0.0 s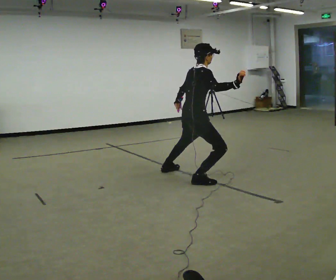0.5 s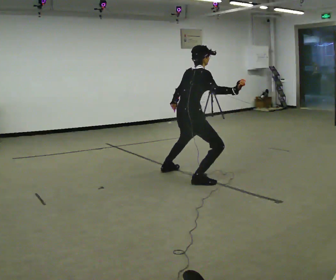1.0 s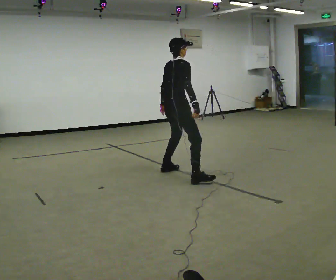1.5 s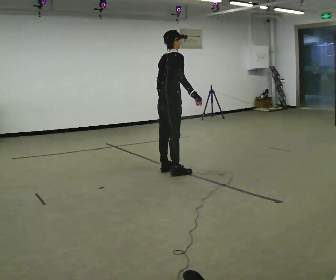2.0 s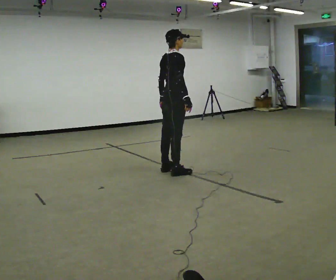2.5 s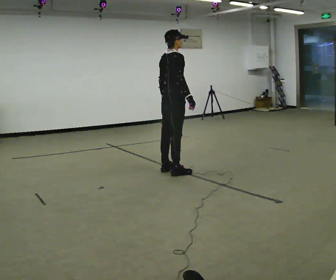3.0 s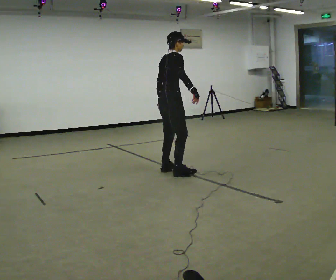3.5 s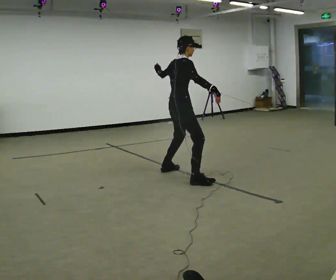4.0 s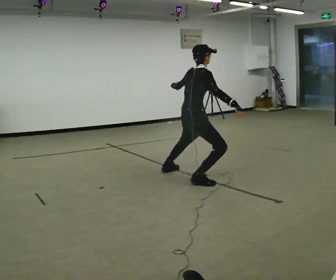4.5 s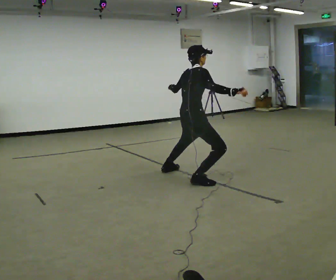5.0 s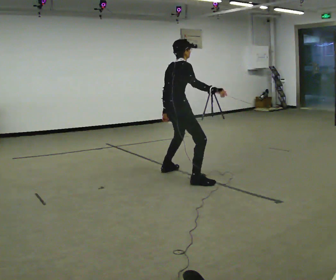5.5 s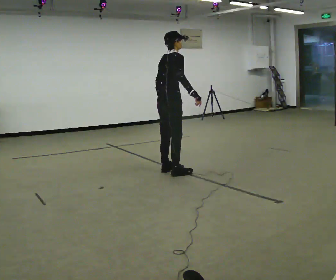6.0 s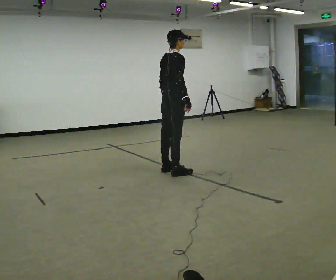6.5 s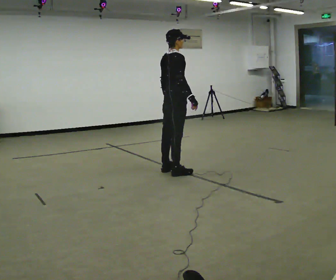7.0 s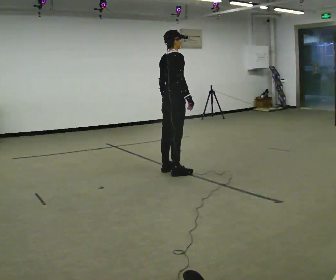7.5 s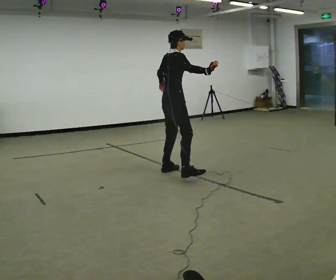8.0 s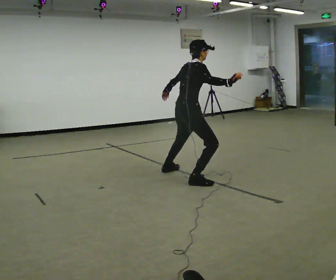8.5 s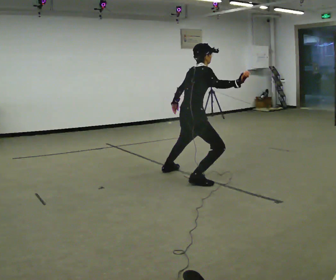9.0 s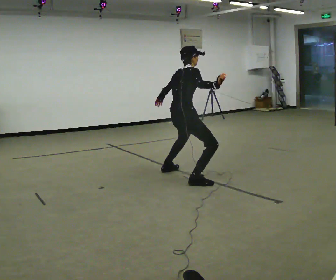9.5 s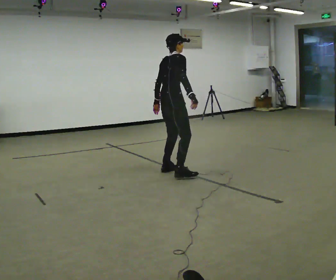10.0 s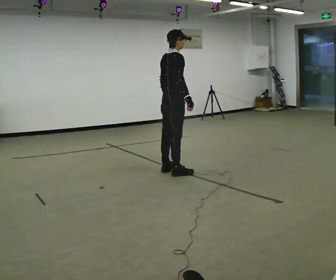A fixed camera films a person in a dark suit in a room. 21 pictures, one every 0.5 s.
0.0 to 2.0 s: In the picture they go away from the camera and to the left, about 0.5 m in 1 step, which for them is to their left. The shoulders move upward.
2.0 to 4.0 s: In the picture they go toward the camera and to the right, about 0.5 m in 1 step, which for them is to their right. The shoulders move downward.
4.0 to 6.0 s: In the picture they go away from the camera and to the left, about 0.5 m in 1 step, which for them is to their left. The shoulders move upward.
6.0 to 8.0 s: In the picture they go toward the camera and to the right, about 0.5 m in 1 step, which for them is to their right.
8.0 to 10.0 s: In the picture they go away from the camera and to the left, about 0.5 m in 1 step, which for them is to their left.
The film runs forward here.
